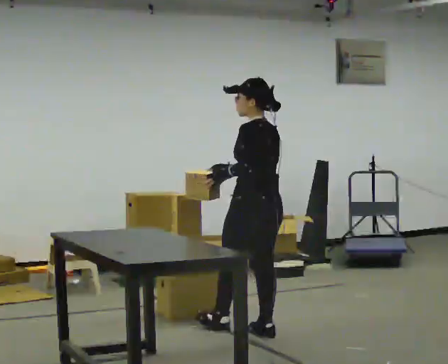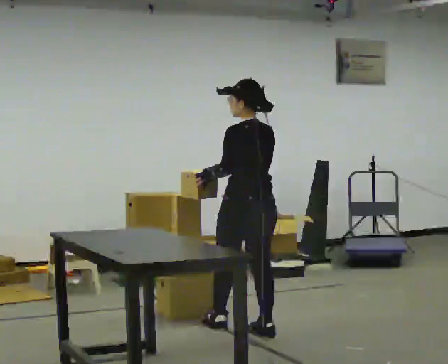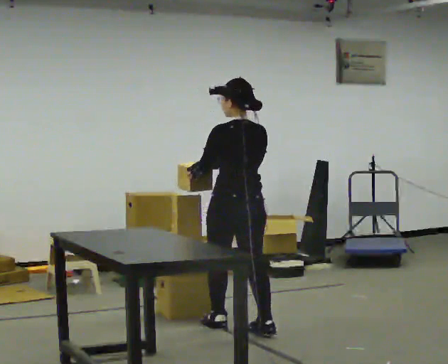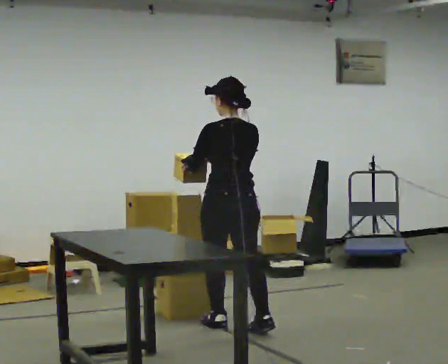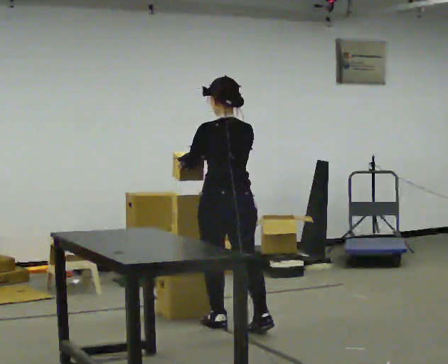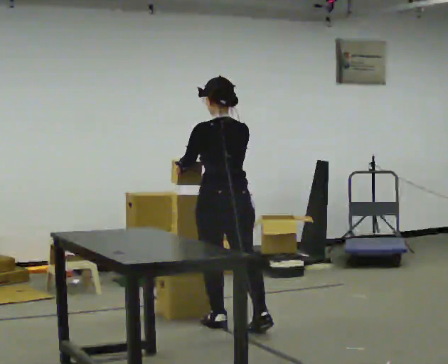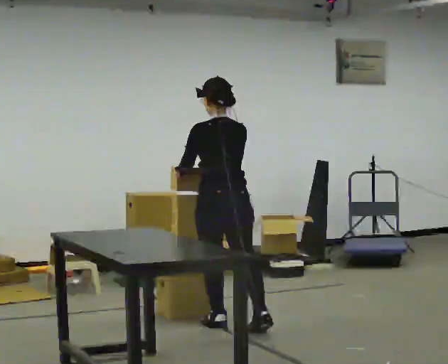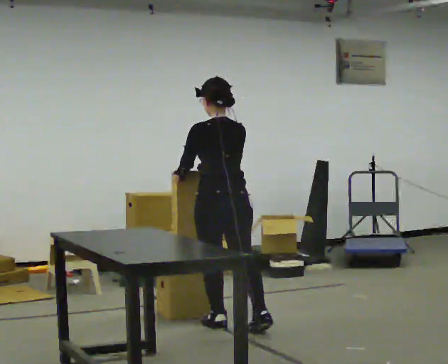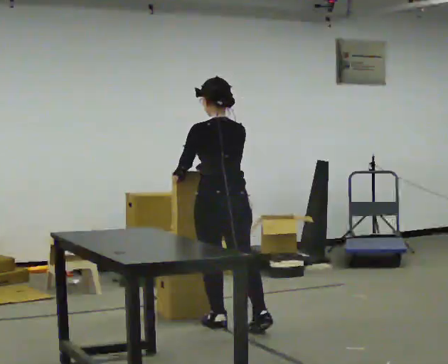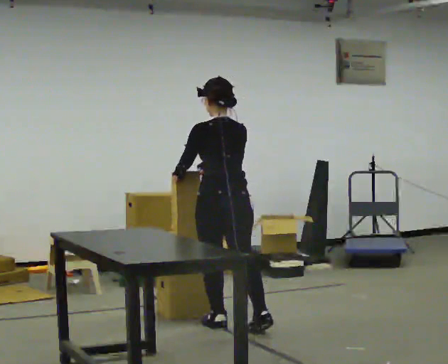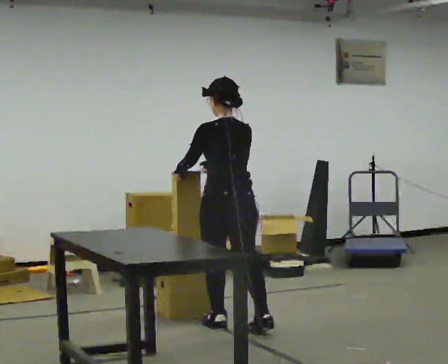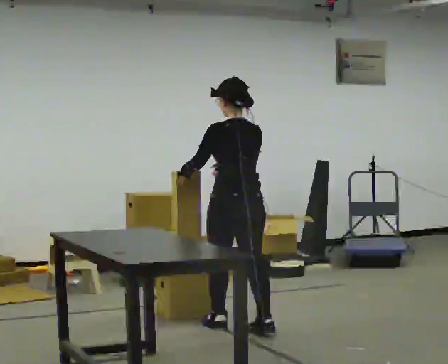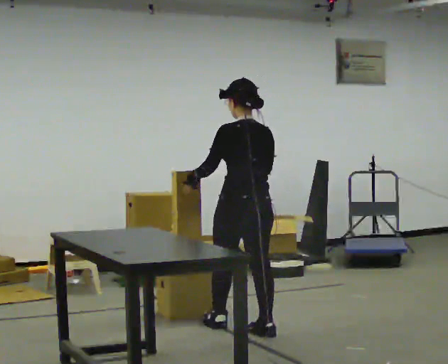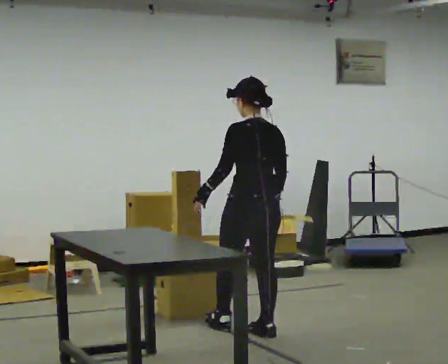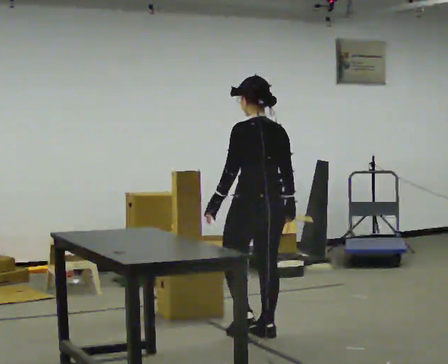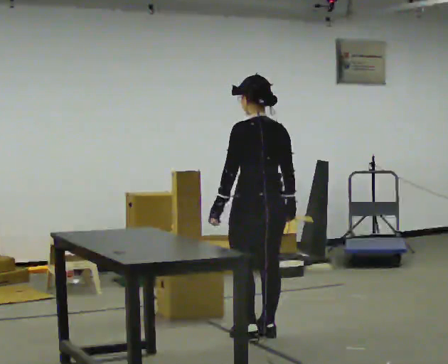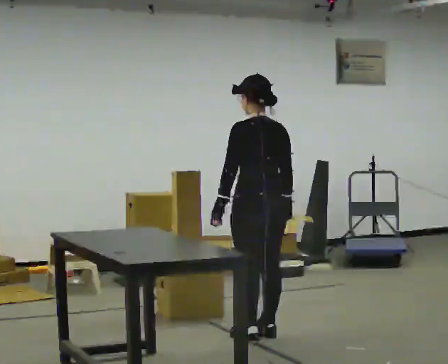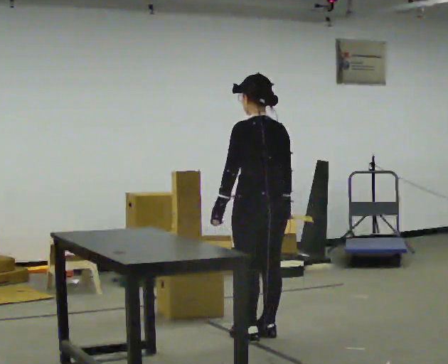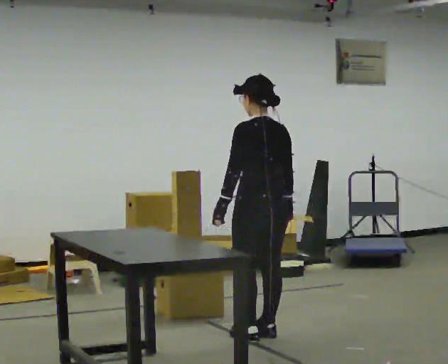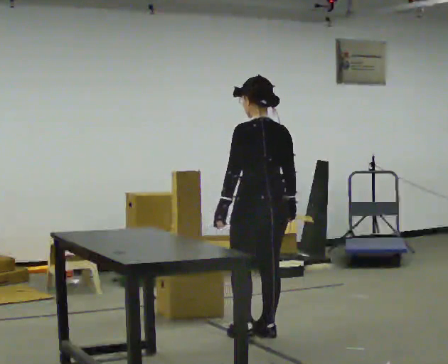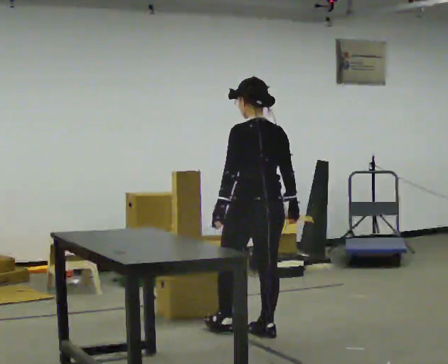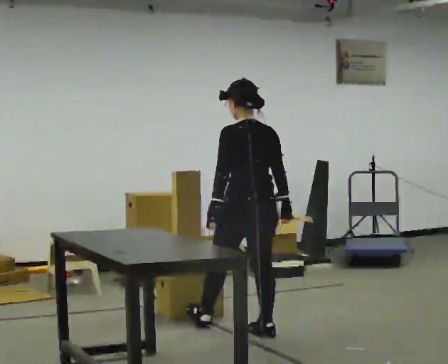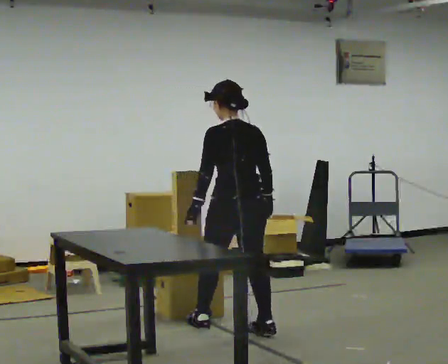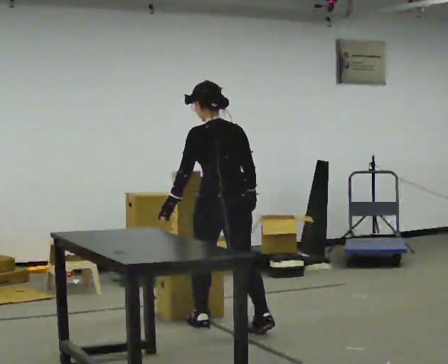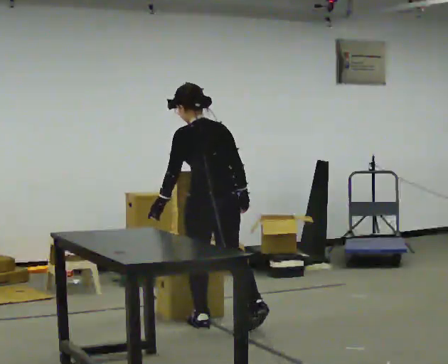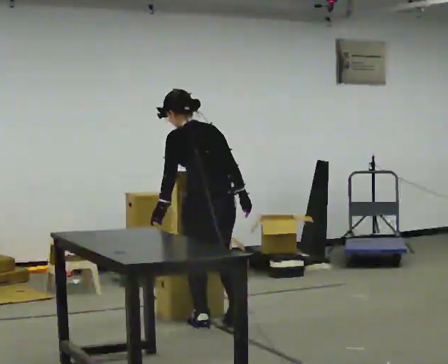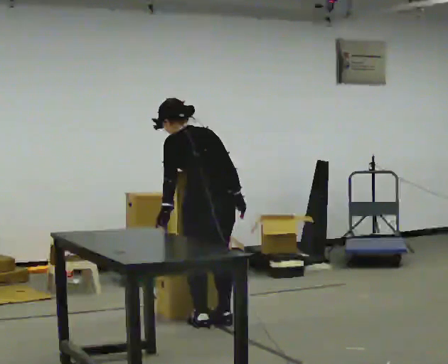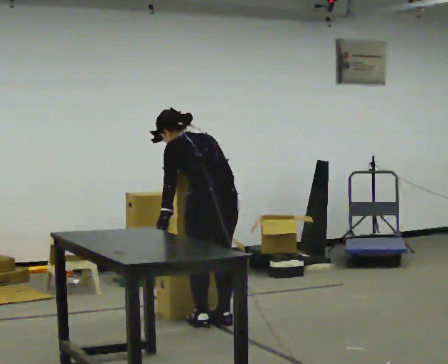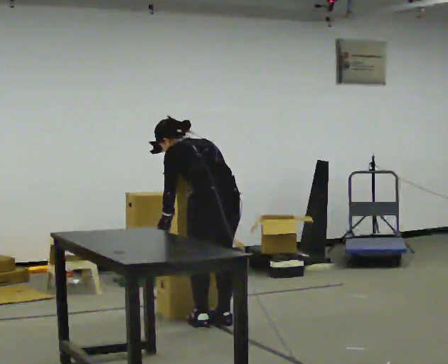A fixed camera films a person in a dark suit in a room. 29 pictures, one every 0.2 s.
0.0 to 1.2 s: Seen from above the body turns clockwise, about 30 degrees: to their right, with its near side sliding to the left. In the picture they go to the left, about 0.25 m, which for them is forward and to their left.
1.2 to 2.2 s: The person moves a little, or ends about where they began.
2.2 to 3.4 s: In the picture they go toward the camera and to the right, about 0.25 m in 1 step, which for them is backward. In the picture their right hand goes to the right.
3.4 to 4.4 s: The person moves a little, or ends about where they began.
4.4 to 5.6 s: In the picture they go to the left, about 0.25 m in 1 step, which for them is forward. The upper body tips away from the camera, its near side rolling upward, as they bend forward. In the picture their right hand goes to the left.
The film runs backward here.
